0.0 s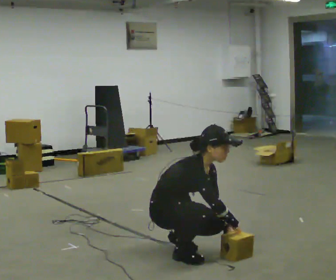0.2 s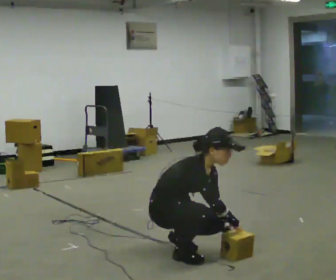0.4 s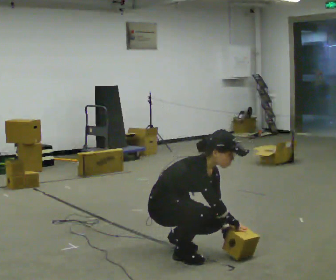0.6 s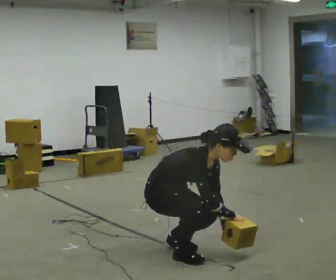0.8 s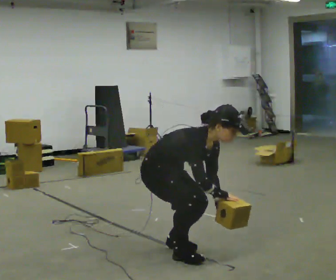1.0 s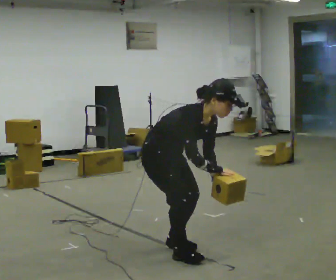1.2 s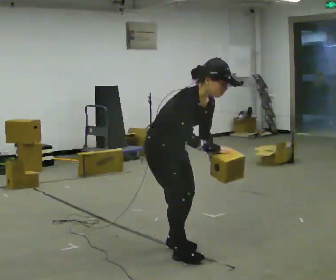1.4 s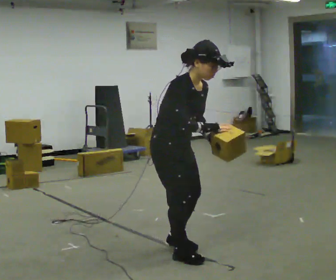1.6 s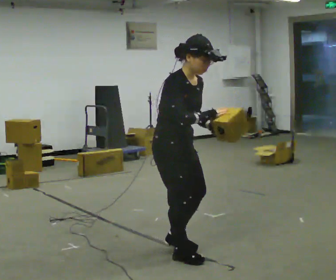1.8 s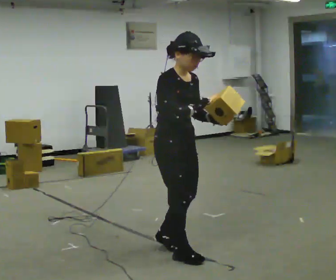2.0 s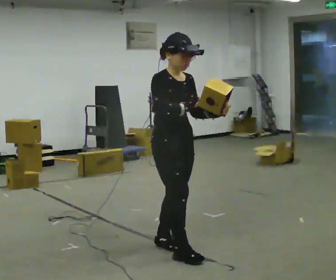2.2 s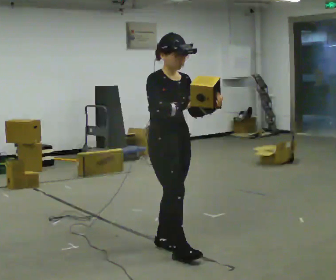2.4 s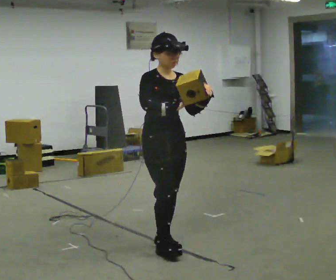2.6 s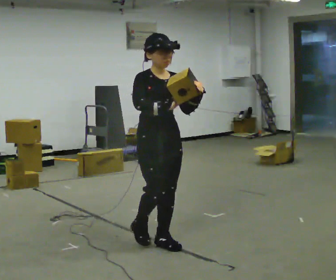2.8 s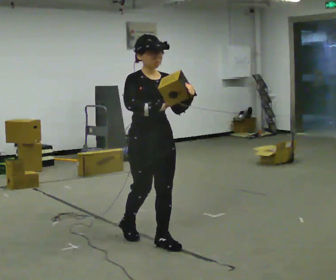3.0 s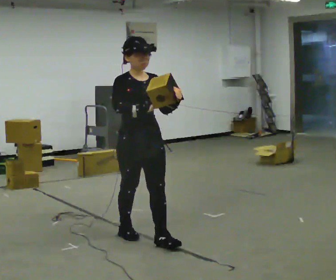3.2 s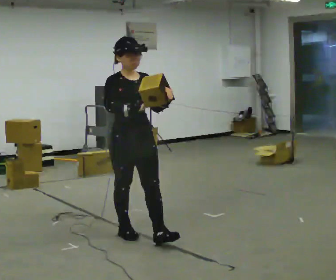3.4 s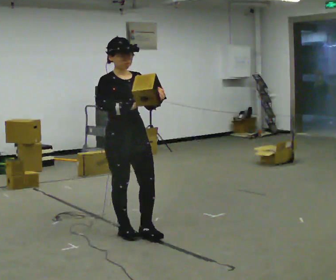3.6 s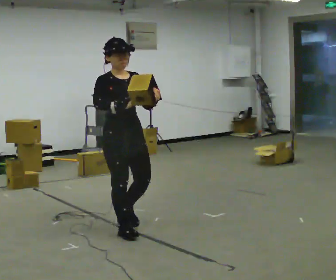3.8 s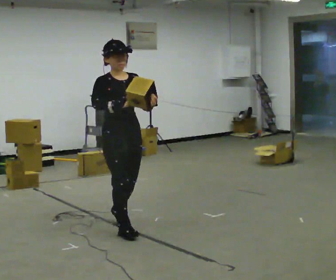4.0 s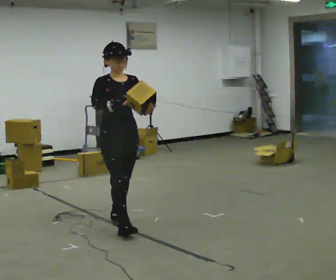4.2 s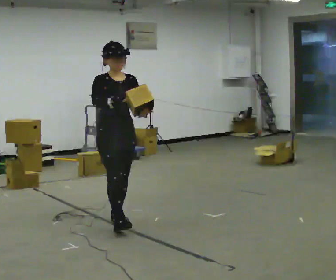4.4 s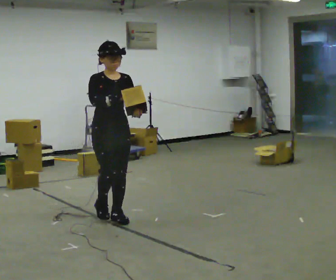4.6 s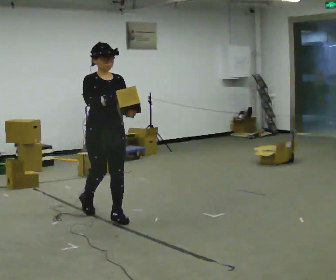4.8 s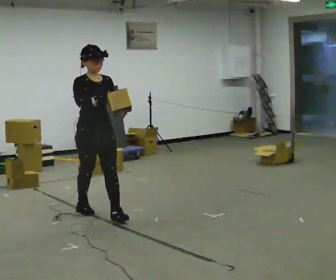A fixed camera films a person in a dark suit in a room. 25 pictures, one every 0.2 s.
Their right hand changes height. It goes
upward.
The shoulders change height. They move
upward.
0.0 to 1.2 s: The upper body goes upward. In the picture their right hand goes upward.
1.2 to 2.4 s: The shoulders move upward. In the picture the upper body tilts counterclockwise, shoulders to the left, as they lean back or straighten. In the picture their left hand goes upward, the arm swinging counterclockwise.
2.4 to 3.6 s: In the picture they go to the left and away from the camera, about 0.5 m in 1 step, which for them is backward.
3.6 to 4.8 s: In the picture they go away from the camera and to the left, about 0.5 m in 1 step, which for them is backward.
The film runs backward here.
